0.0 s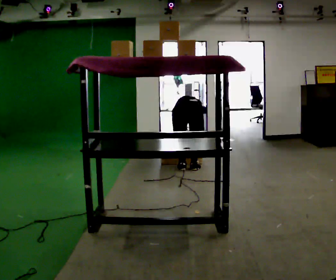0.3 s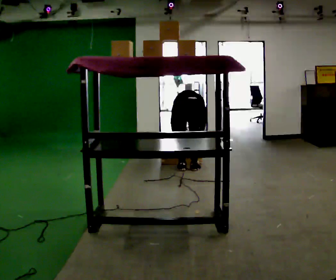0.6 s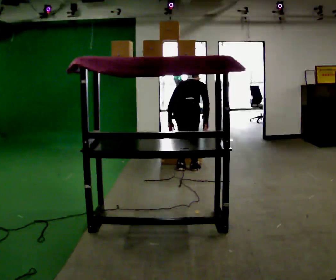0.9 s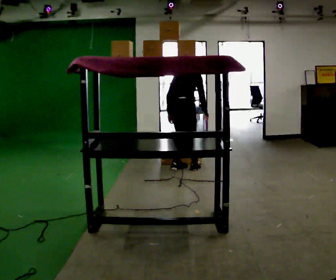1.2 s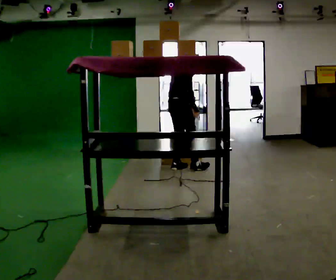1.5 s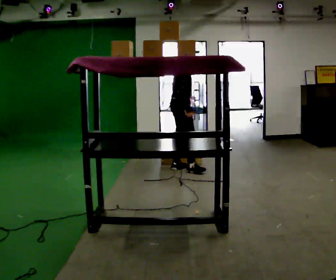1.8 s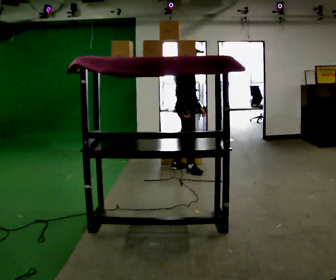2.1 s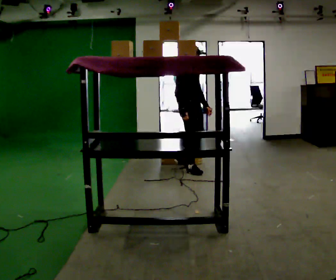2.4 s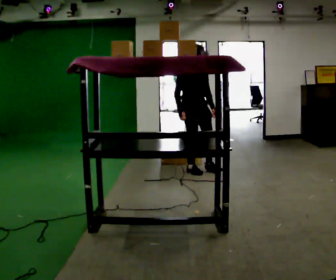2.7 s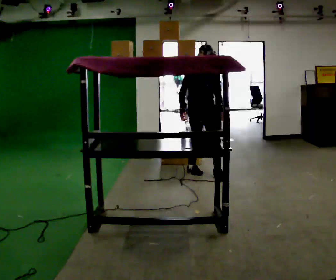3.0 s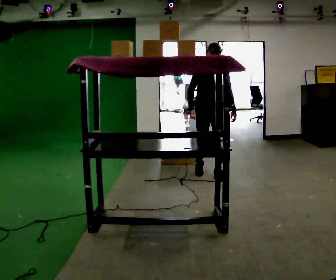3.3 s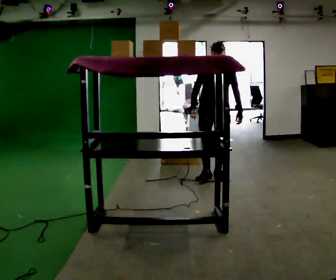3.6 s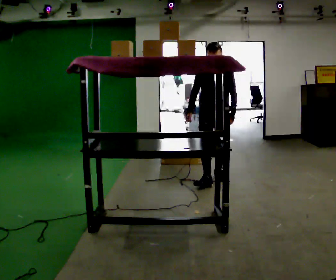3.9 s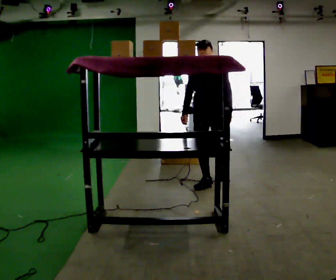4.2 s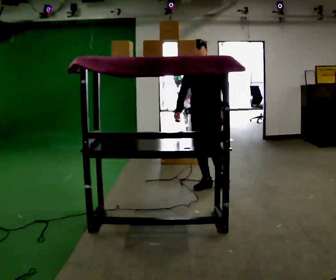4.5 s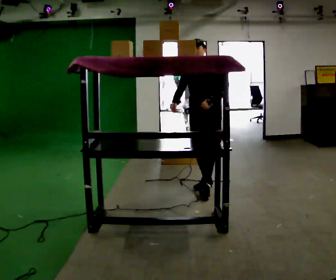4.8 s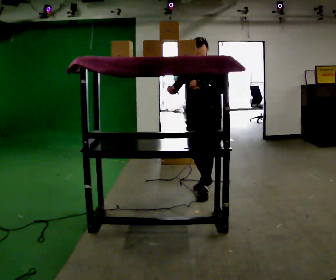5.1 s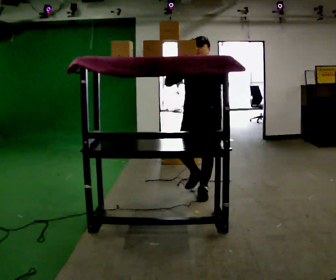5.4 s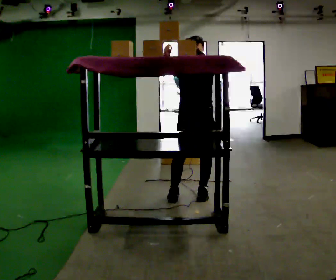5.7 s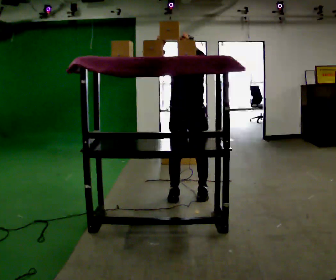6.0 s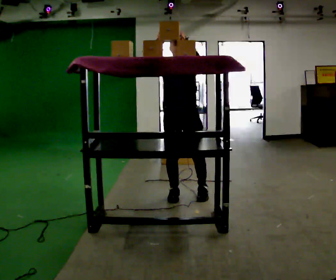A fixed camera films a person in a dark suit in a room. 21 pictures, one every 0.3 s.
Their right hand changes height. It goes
upward.
The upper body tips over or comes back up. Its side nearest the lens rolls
downward.
0.0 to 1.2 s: The person turns about 60 degrees to their right, clockwise seen from above, so the part of the body nearest the lens slides to the left. In the picture they go to the left, about 0.25 m, which for them is to their left. The upper body goes upward. The upper body tips toward the camera, its near side rolling downward, as they lean back or straighten. In the picture their right hand goes upward.
1.2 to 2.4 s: The person turns about 90 degrees to their right, clockwise seen from above, so the part of the body nearest the lens slides to the left. In the picture they go to the right and toward the camera, about 0.25 m. The upper body tips toward the camera, its near side rolling downward.
2.4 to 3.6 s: The person turns about 45 degrees to their right, clockwise seen from above, so the part of the body nearest the lens slides to the left. In the picture they go toward the camera and to the right, about 0.5 m in 2 steps, which for them is forward and to their left.
3.6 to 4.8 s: In the picture they go toward the camera, about 0.5 m in 1 step, which for them is forward. In the picture their left hand goes upward.
4.8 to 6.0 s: The person turns about 30 degrees to their left, counterclockwise seen from above, so the part of the body nearest the lens slides to the right. In the picture they go to the left and toward the camera, about 0.25 m in 1 step, which for them is forward and to their right. In the picture their right hand goes upward.
The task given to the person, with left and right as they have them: Take an object from the lowest shelf, carry it across the room, and place it on the highest shelf you can comfortably reach. Keep going until the operator says stop; one object at a time, and do not rush between trips.
The film runs forward here.
